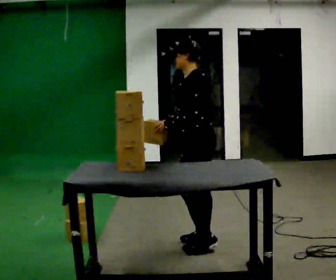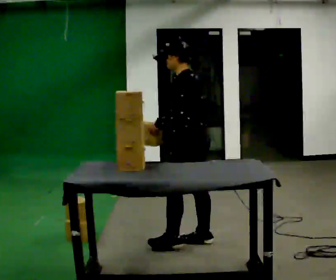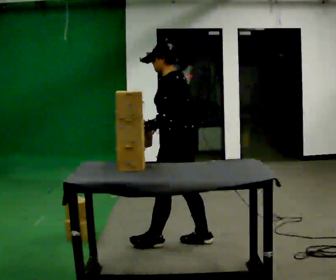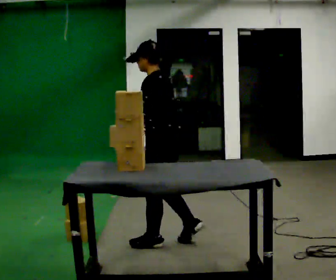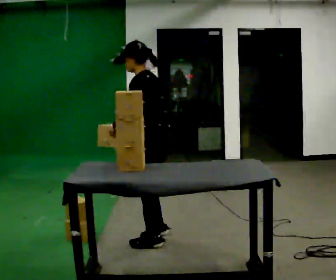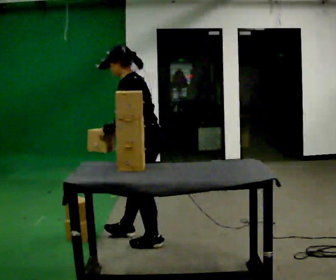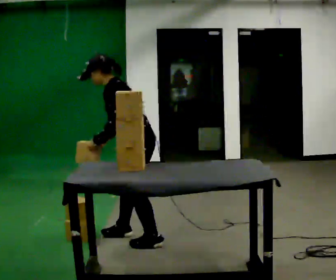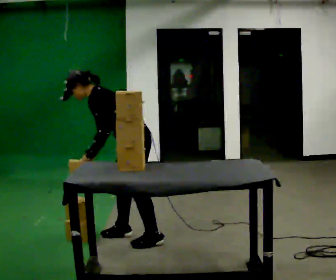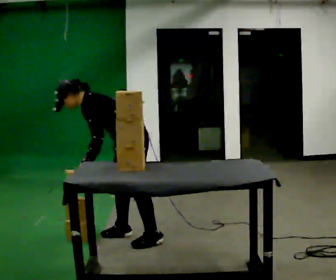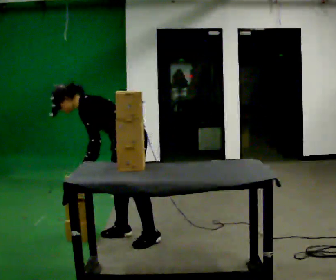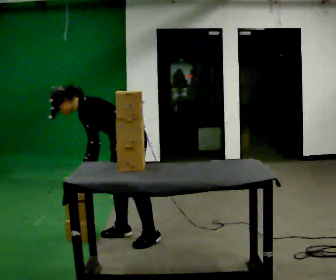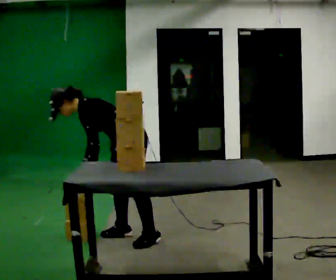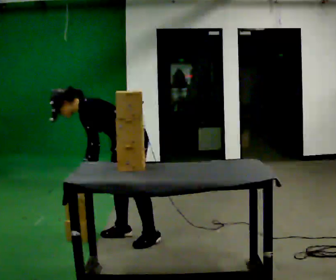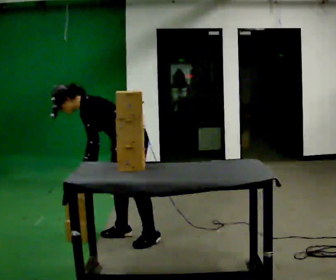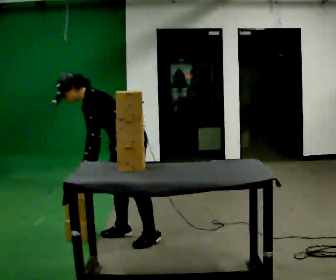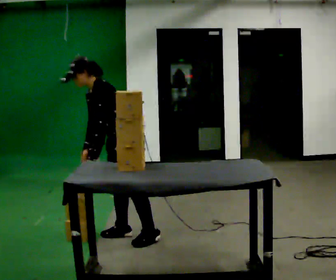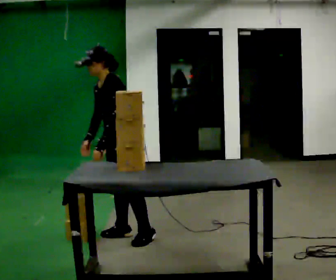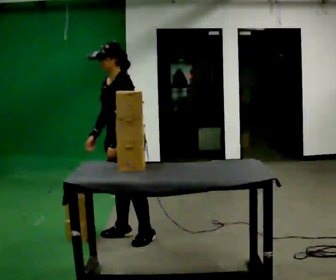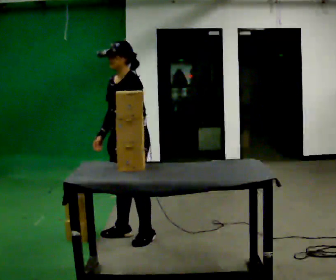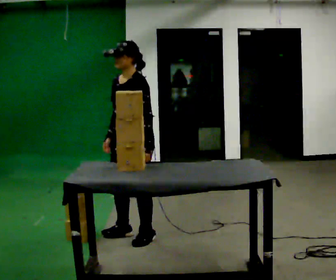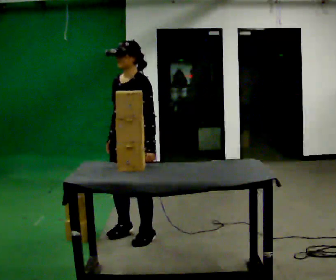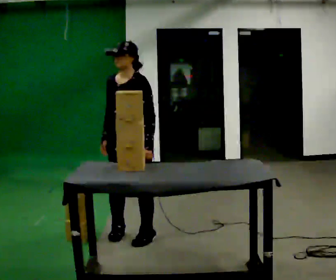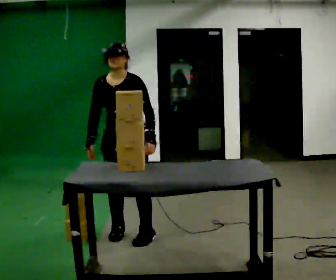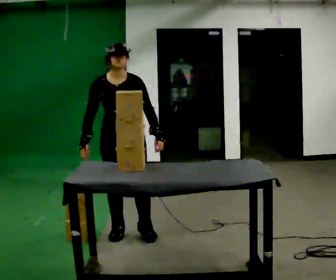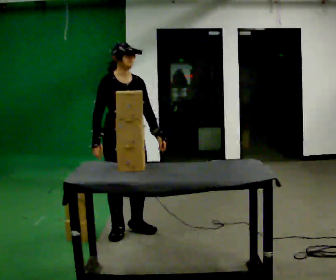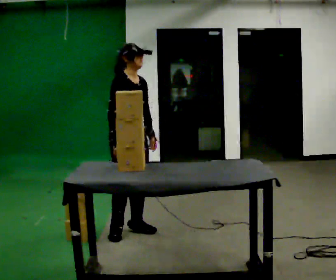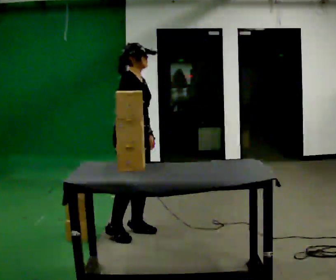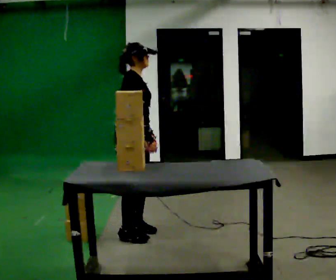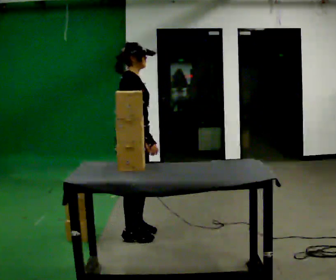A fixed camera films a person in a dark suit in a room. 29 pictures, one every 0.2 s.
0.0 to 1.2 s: In the picture they go to the left and away from the camera, about 0.5 m in 2 steps, which for them is forward. In the picture the upper body tilts counterclockwise, shoulders to the left, as they bend forward.
1.2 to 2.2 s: In the picture the upper body tilts counterclockwise, shoulders to the left, as they bend forward.
2.2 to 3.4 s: The upper body goes upward. In the picture the upper body tilts clockwise, shoulders to the right, as they lean back or straighten.
3.4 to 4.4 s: The person turns about 45 degrees to their left, counterclockwise seen from above, so the part of the body nearest the lens slides to the right.
4.4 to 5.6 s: The part of the body nearest the lens slides to the right as the person turns to their left by about 105 degrees.
The film runs forward here.
